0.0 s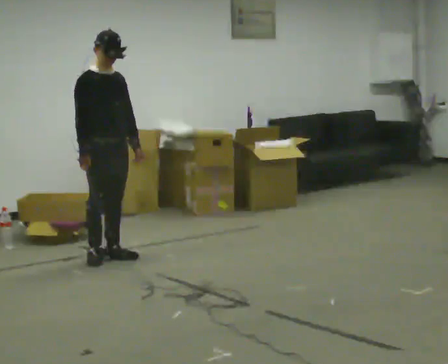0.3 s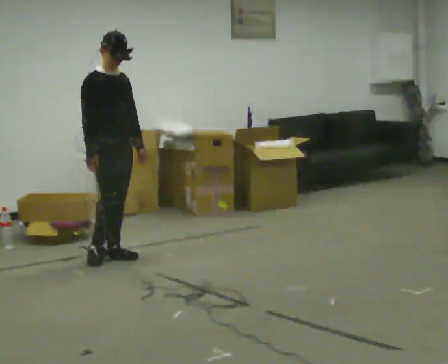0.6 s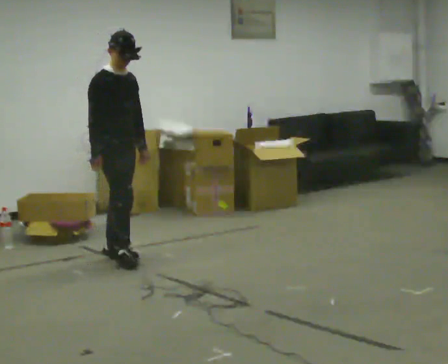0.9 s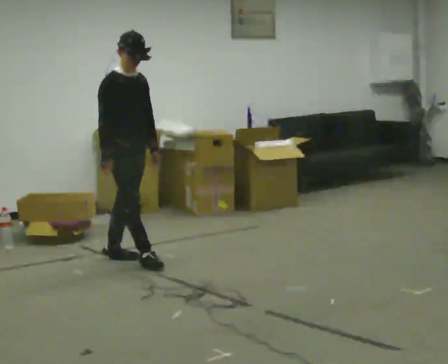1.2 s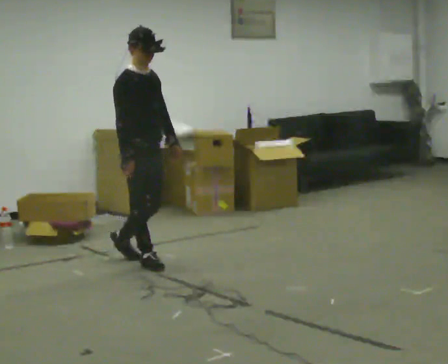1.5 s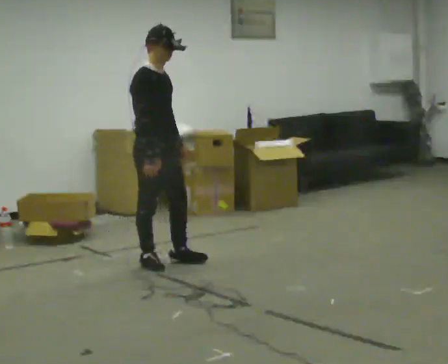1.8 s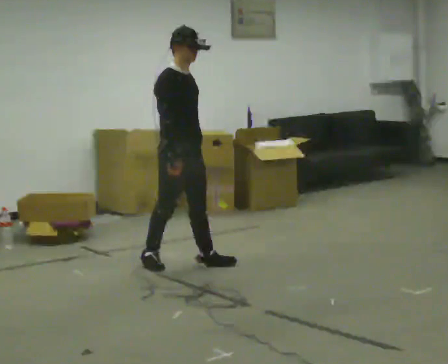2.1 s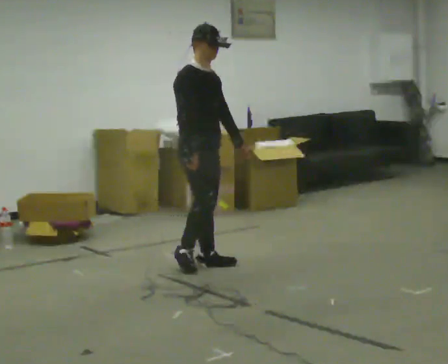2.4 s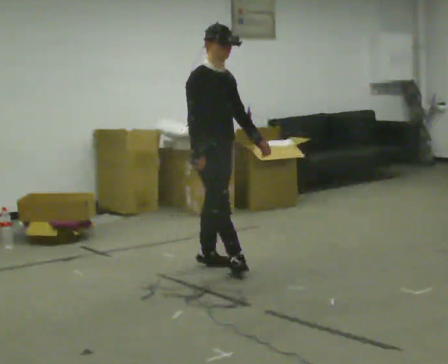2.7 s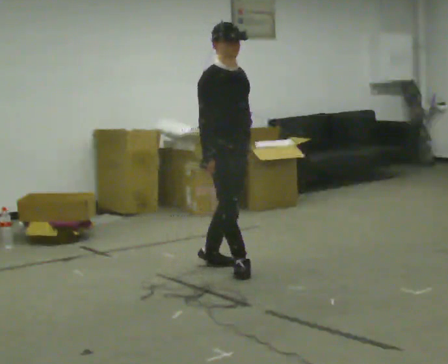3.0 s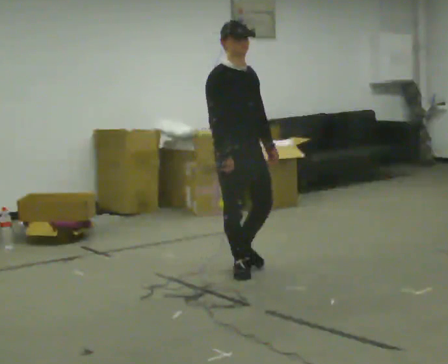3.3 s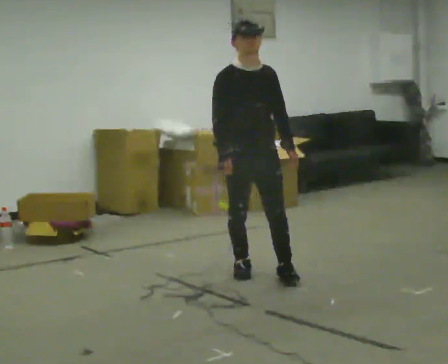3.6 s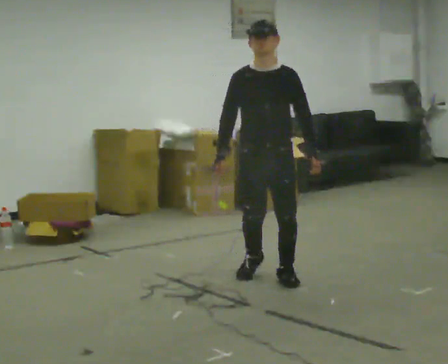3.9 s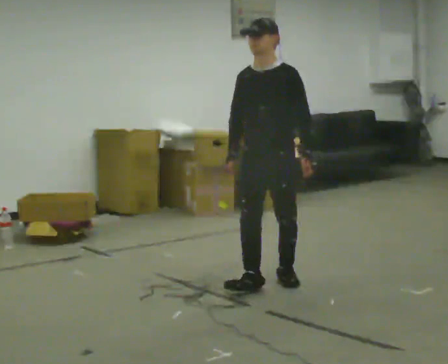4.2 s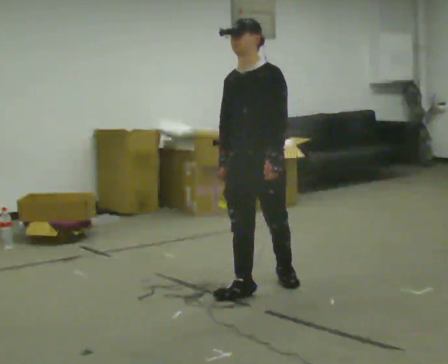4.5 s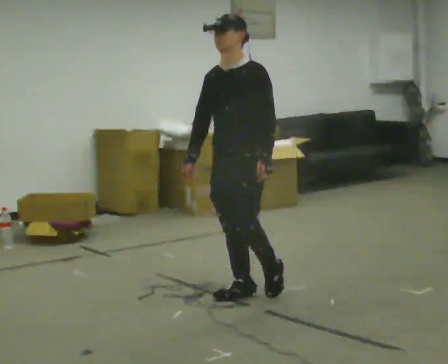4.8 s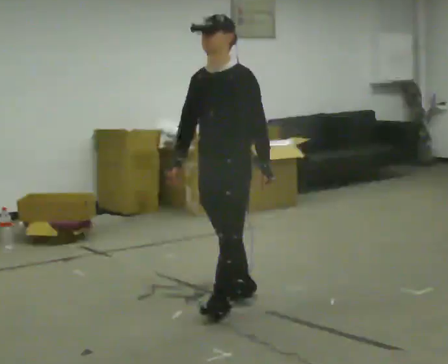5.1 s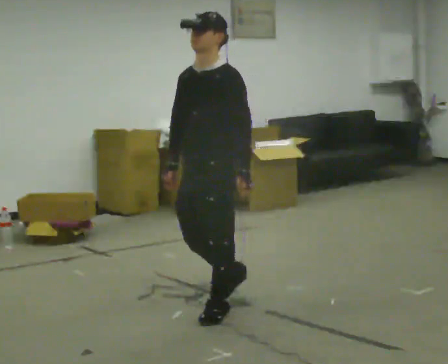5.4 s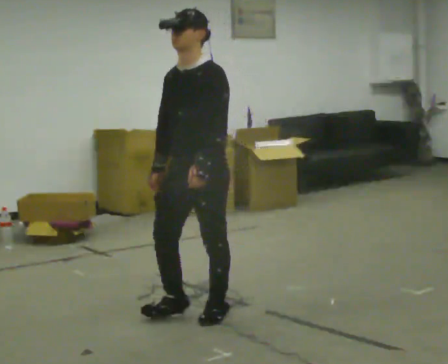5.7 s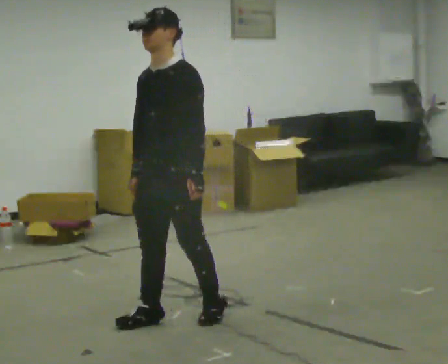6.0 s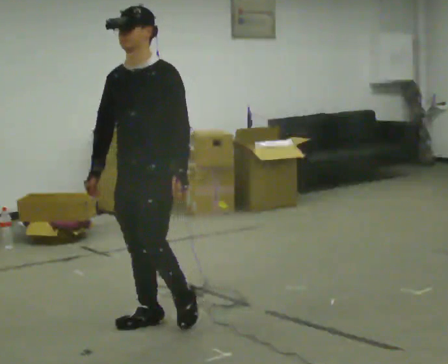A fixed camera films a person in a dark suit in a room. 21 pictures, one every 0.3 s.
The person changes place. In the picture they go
toward the camera.
The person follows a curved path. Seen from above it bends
clockwise.
0.0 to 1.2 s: In the picture they go to the right and toward the camera, about 0.25 m in 1 step, which for them is forward.
1.2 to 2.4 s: In the picture they go to the right, about 0.5 m in 1 step, which for them is forward.
2.4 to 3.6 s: The part of the body nearest the lens slides to the left as the person turns to their right by about 60 degrees. In the picture they go toward the camera and to the right, about 0.5 m in 2 steps.
3.6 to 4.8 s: Seen from above the body turns clockwise, about 30 degrees: to their right, with its near side sliding to the left. In the picture they go toward the camera and to the left, about 0.5 m in 2 steps, which for them is forward.
4.8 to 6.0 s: In the picture they go to the left and toward the camera, about 0.5 m in 1 step, which for them is forward.
The film runs forward here.
